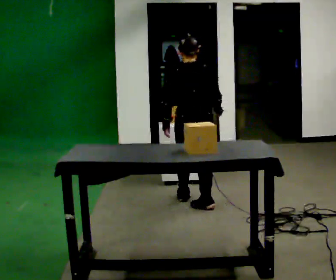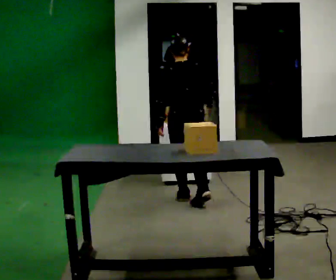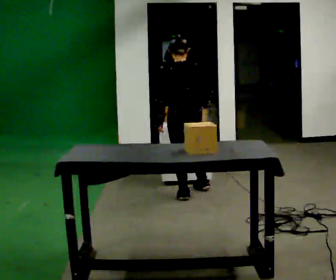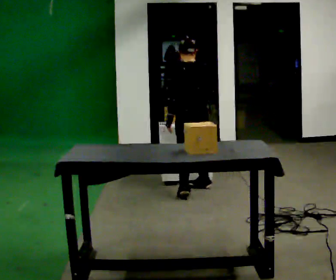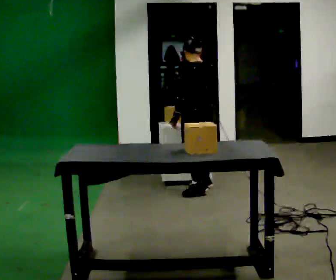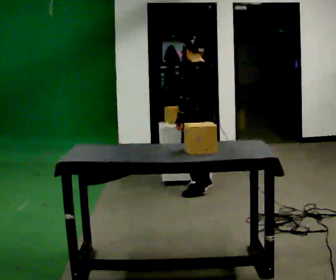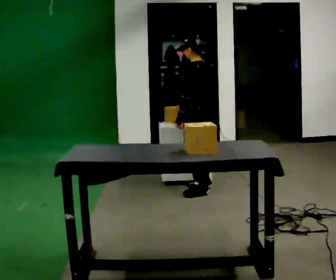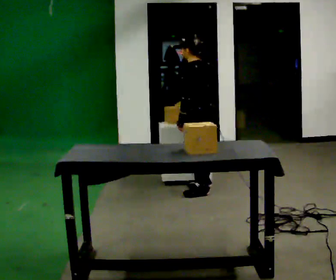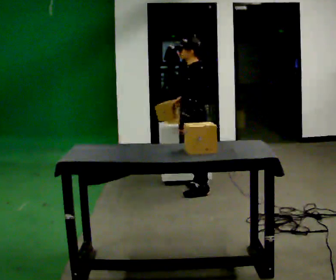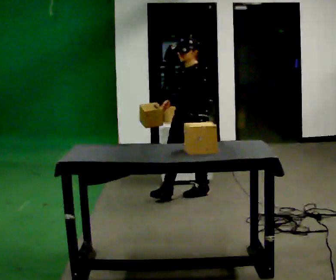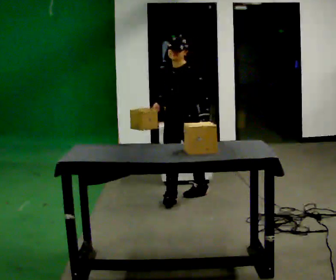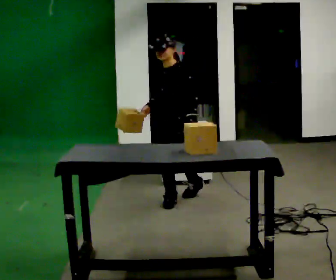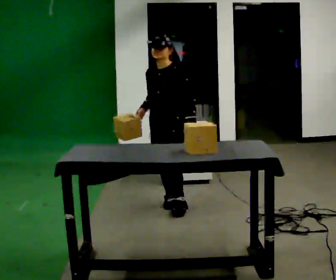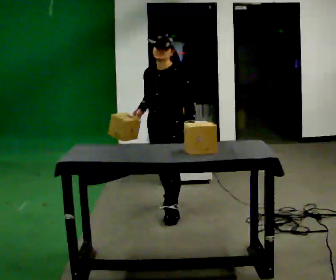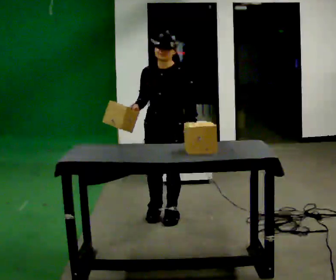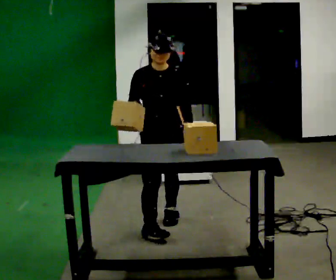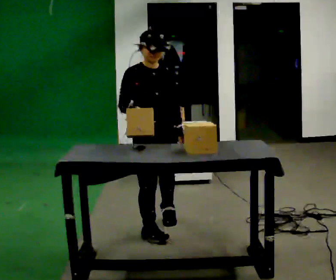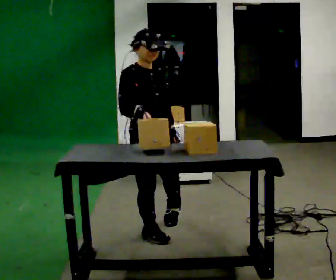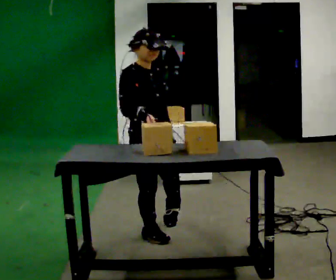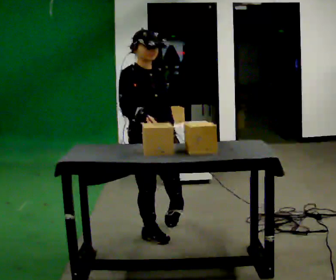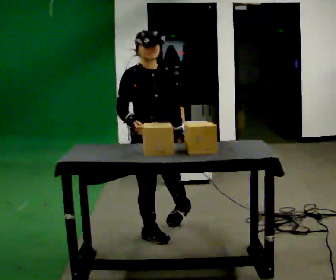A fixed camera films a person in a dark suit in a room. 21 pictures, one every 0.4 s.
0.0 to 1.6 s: The part of the body nearest the lens slides to the right as the person turns to their left by about 30 degrees. In the picture they go away from the camera, about 0.5 m in 2 steps, which for them is forward and to their right.
1.6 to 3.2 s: The part of the body nearest the lens slides to the right as the person turns to their left by about 45 degrees. In the picture they go toward the camera, about 0.25 m, which for them is to their left.
3.2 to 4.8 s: Seen from above the body turns counterclockwise, about 75 degrees: to their left, with its near side sliding to the right. In the picture they go toward the camera and to the left, about 0.5 m in 1 step.
4.8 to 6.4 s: The person turns about 60 degrees to their left, counterclockwise seen from above, so the part of the body nearest the lens slides to the right. In the picture they go toward the camera, about 0.5 m in 2 steps, which for them is forward.
6.4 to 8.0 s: The person moves a little, or ends about where they began.
The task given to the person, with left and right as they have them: Move objects one at a time from the waist-height shelf at one end of the room to the waist-height shelf at the other end. Keep going until the operator says stop; one object at a time, and do not rush between trips.
The film runs forward here.
